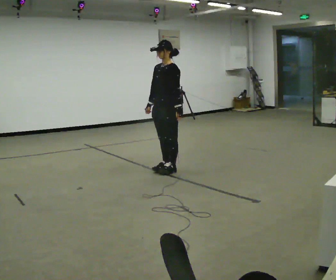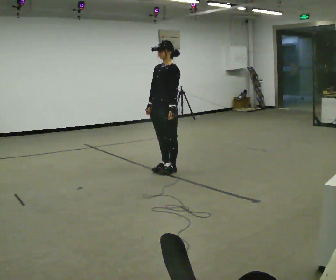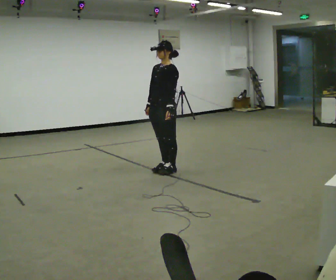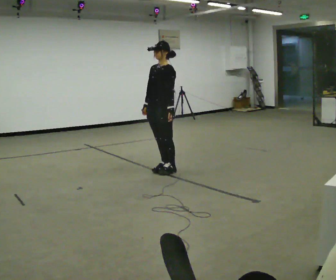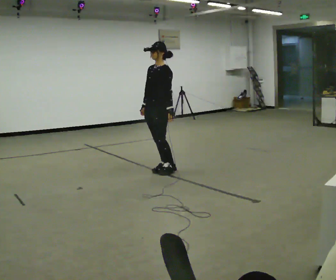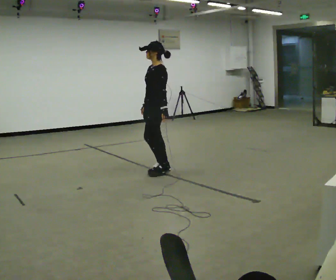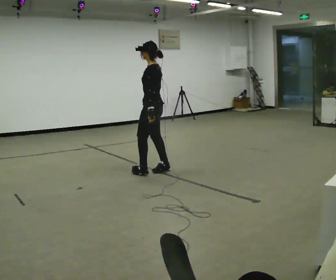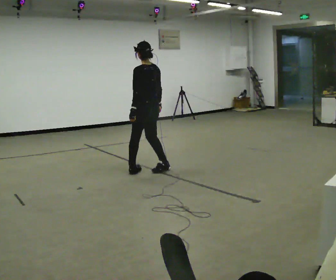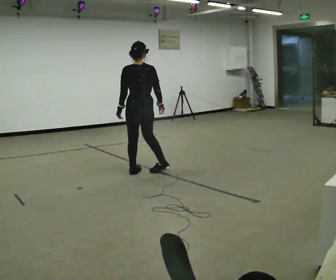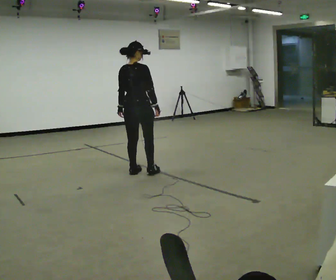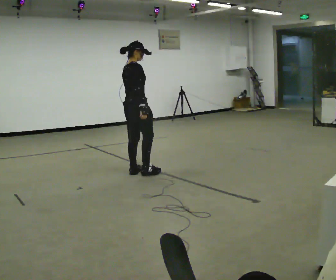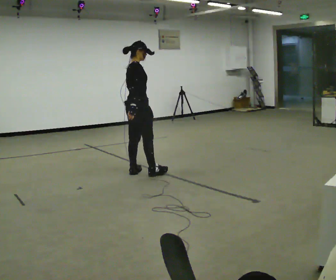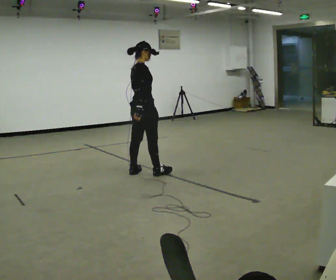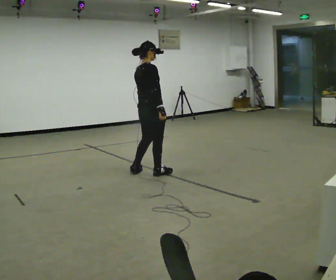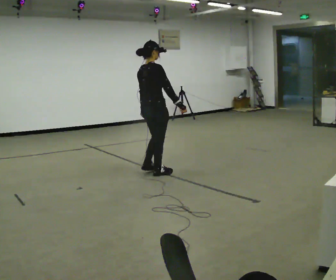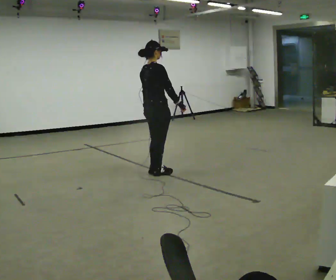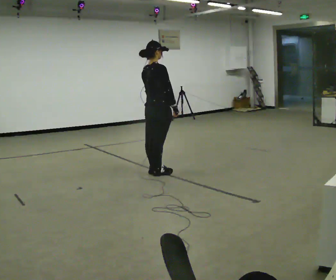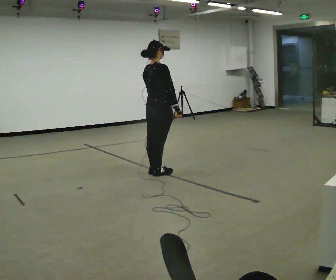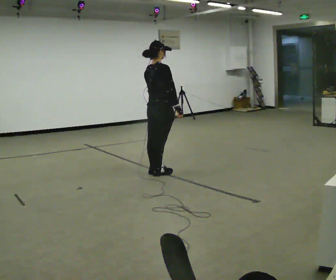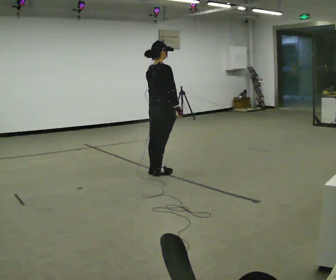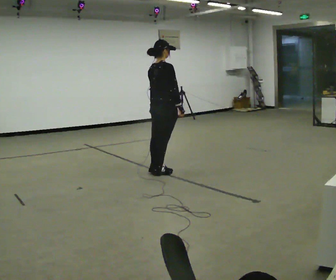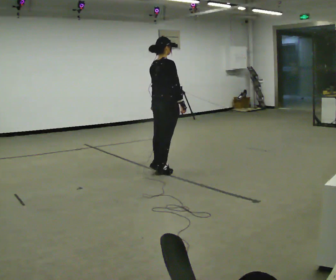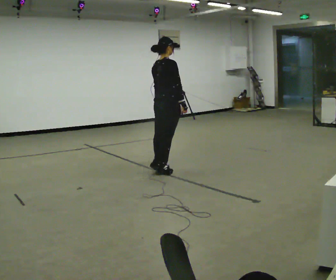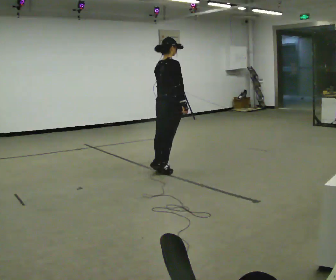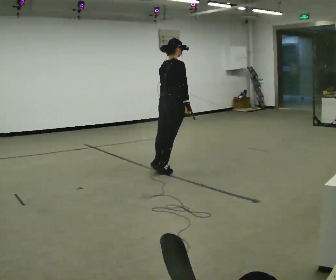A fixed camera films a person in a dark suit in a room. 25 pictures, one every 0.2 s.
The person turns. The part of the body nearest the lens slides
to the left.
The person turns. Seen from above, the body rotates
clockwise.
0.0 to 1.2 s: The part of the body nearest the lens slides to the left as the person turns to their right by about 60 degrees. In the picture they go to the left, about 0.25 m, which for them is forward.
1.2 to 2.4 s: The part of the body nearest the lens slides to the left as the person turns to their right by about 135 degrees.
2.4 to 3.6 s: In the picture they go to the right, about 0.25 m in 1 step, which for them is forward. In the picture their right hand goes to the right.
3.6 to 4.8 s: In the picture they go to the right, about 0.25 m, which for them is forward.
The film runs forward here.
